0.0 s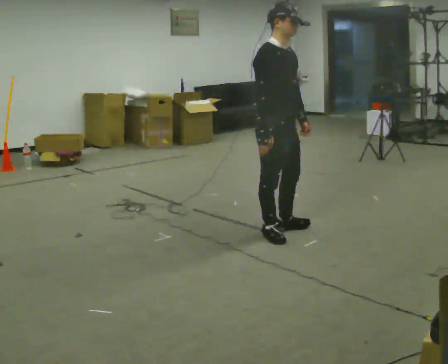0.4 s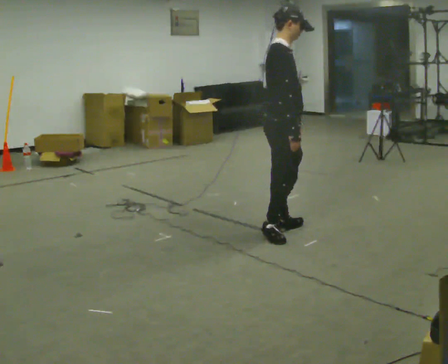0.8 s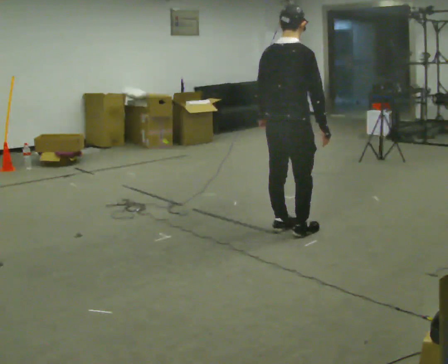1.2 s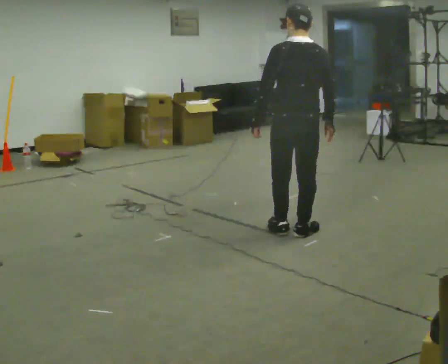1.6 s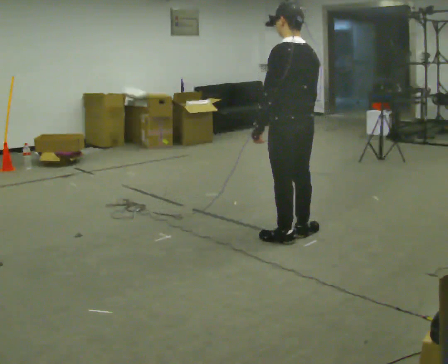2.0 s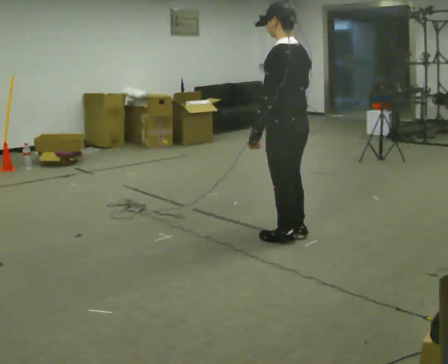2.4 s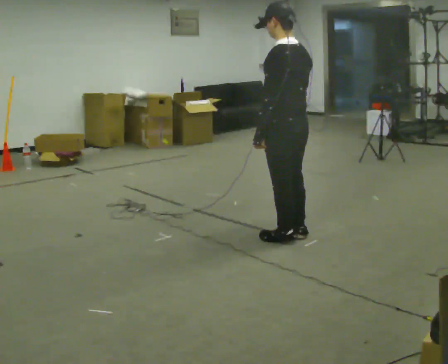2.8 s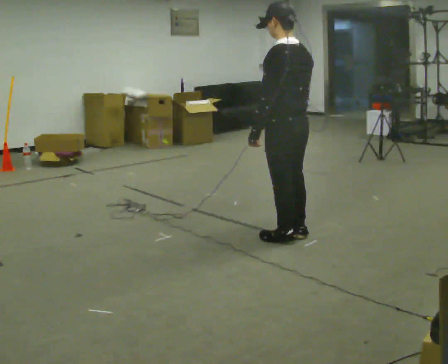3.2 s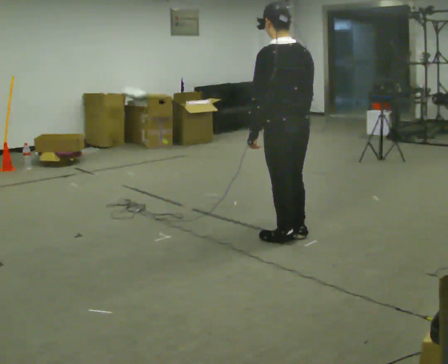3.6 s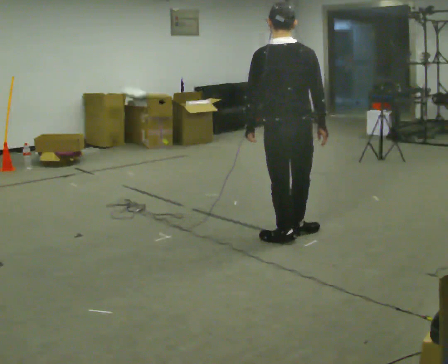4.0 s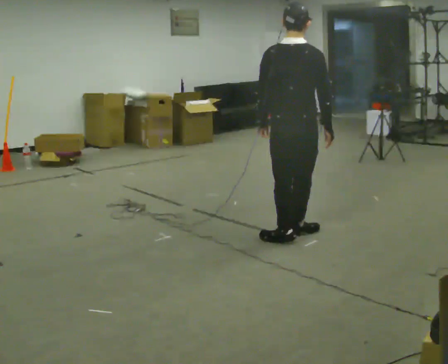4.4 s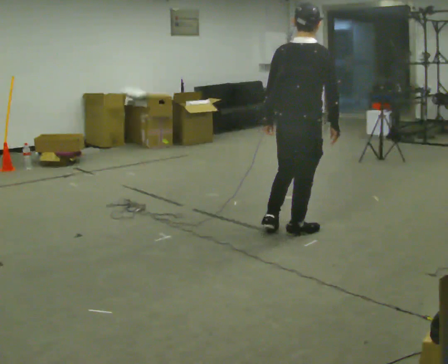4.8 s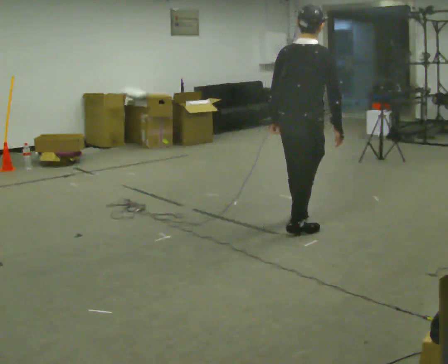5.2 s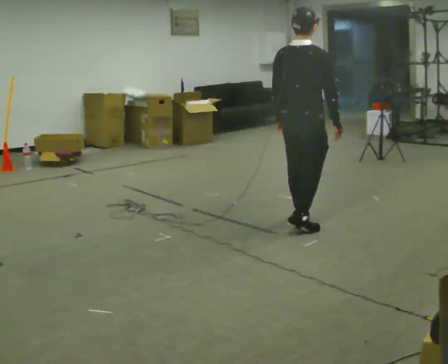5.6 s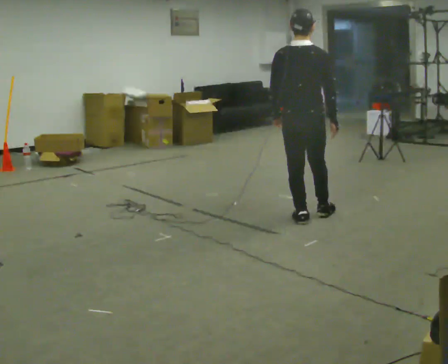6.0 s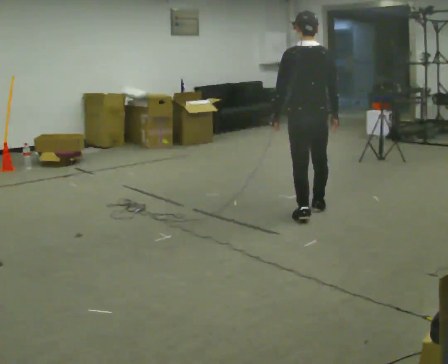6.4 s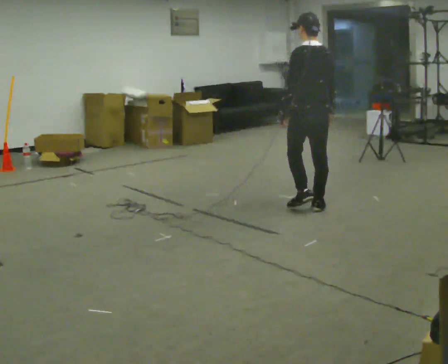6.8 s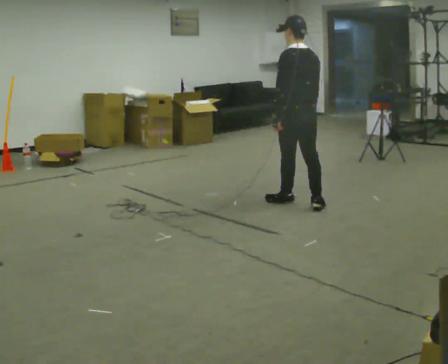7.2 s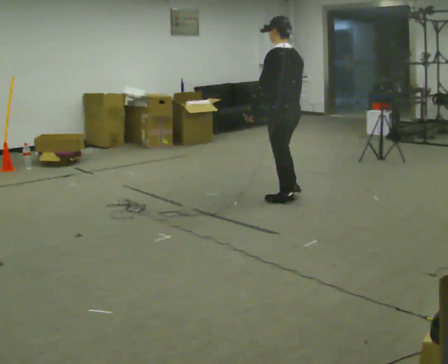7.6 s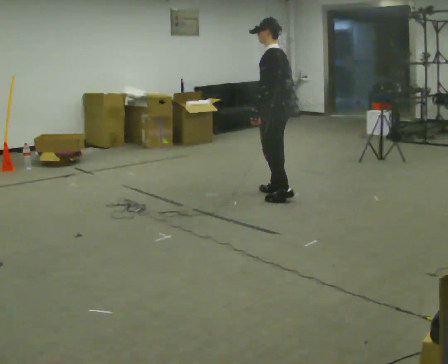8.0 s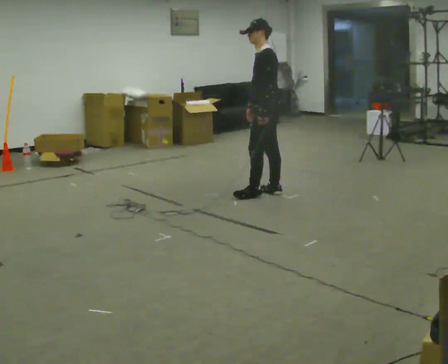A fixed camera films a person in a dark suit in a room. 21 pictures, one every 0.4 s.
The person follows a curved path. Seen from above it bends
counterclockwise.
0.0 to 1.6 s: Seen from above the body turns counterclockwise, about 165 degrees: to their left, with its near side sliding to the right. In the picture they go to the right, about 0.25 m in 2 steps. In the picture their left hand goes to the left, the arm swinging clockwise.
1.6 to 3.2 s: The person moves a little, or ends about where they began.
3.2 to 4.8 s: The part of the body nearest the lens slides to the left as the person turns to their right by about 60 degrees. In the picture they go away from the camera, about 0.25 m in 1 step.
4.8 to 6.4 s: The part of the body nearest the lens slides to the right as the person turns to their left by about 60 degrees. In the picture they go away from the camera, about 0.5 m in 1 step.
6.4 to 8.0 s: The person turns about 60 degrees to their left, counterclockwise seen from above, so the part of the body nearest the lens slides to the right. In the picture they go away from the camera and to the left, about 0.75 m in 2 steps.
The film runs forward here.
